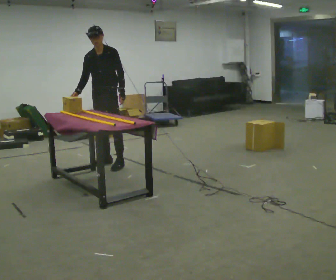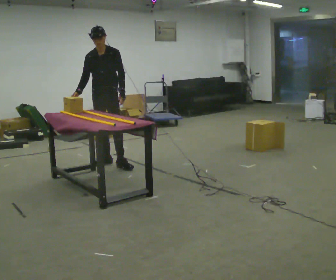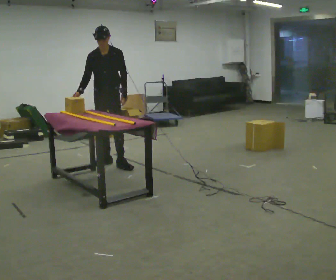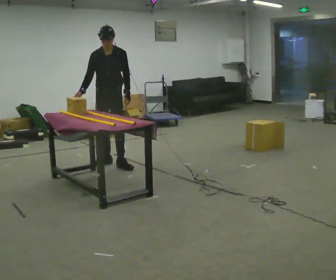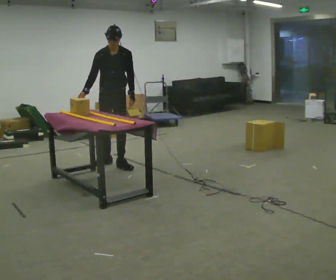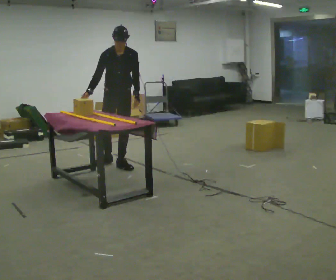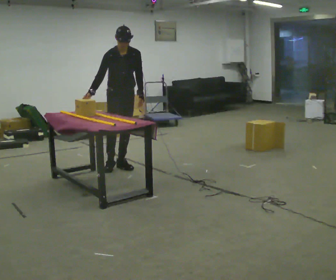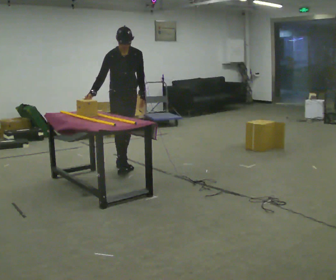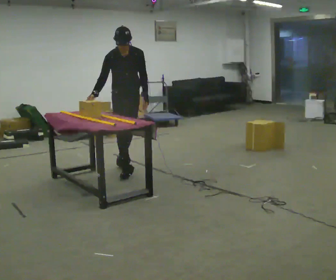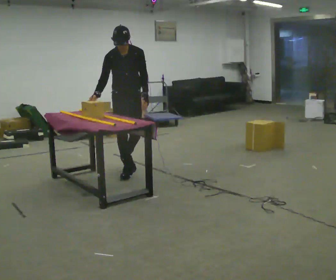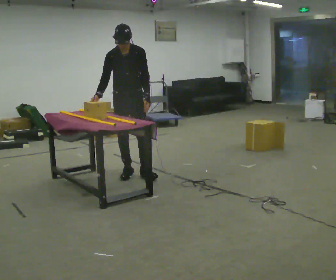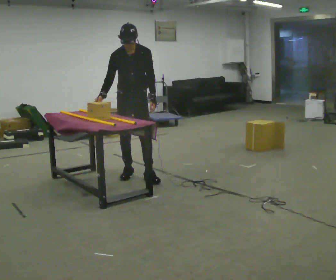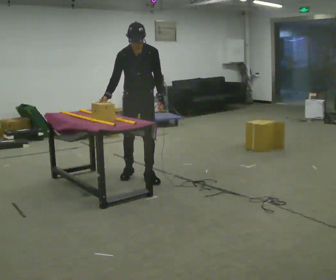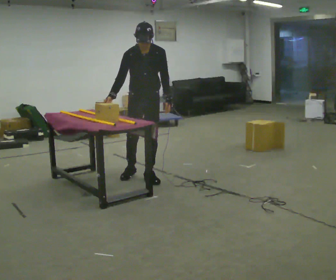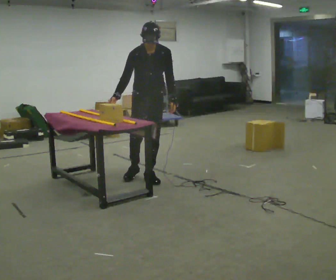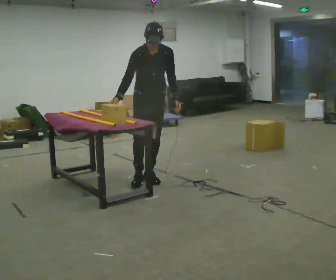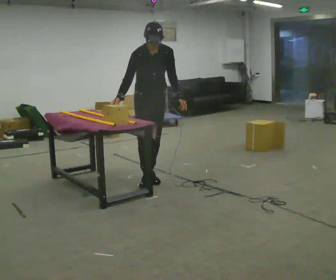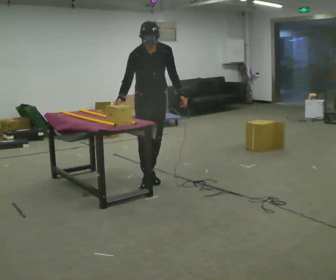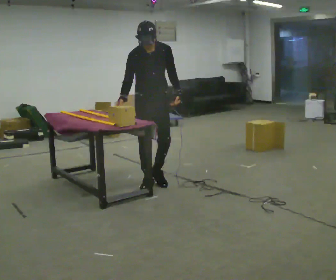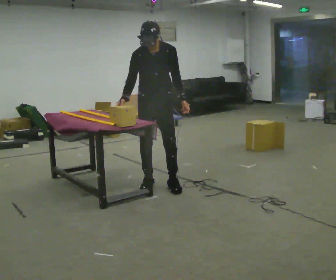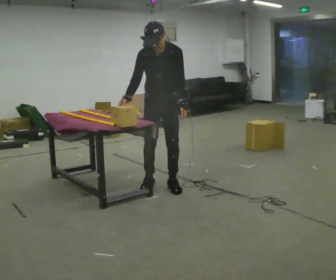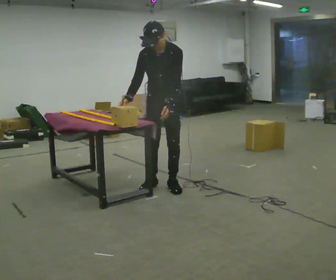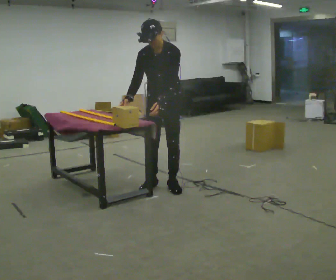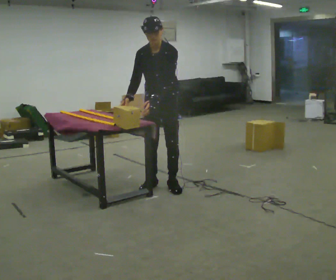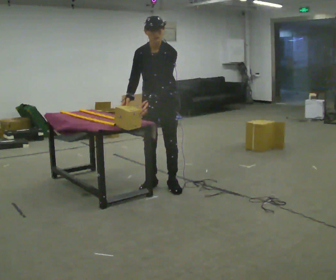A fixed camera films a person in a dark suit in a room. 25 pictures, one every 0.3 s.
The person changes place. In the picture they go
toward the camera.
0.0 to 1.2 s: The person moves a little, or ends about where they began.
1.2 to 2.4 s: In the picture they go toward the camera, about 0.25 m in 1 step, which for them is forward and to their left.
2.4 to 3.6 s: In the picture they go toward the camera and to the right, about 0.25 m in 1 step, which for them is forward and to their left.
3.6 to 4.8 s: The person moves a little, or ends about where they began.
4.8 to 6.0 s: In the picture they go toward the camera, about 0.25 m in 1 step, which for them is forward.
6.0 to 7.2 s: The person moves a little, or ends about where they began.
The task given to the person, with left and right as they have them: Carry the object across the room and slide it into the slot on the shelf. It is a close fit, so take the time you need. Keep going until the operator says stop; one object at a time, and do not rush between trips.
The film runs forward here.
